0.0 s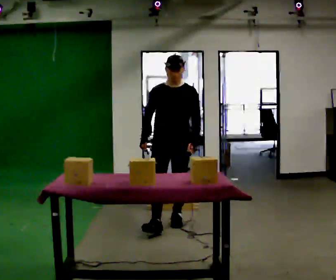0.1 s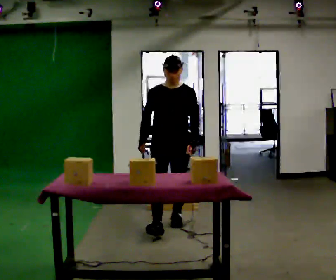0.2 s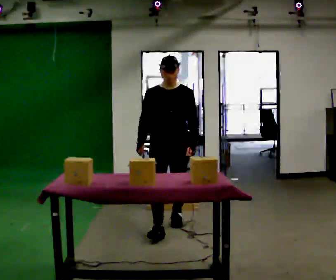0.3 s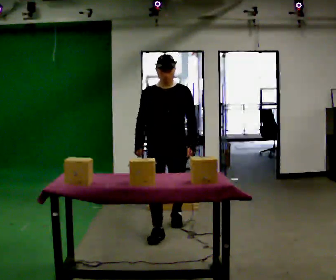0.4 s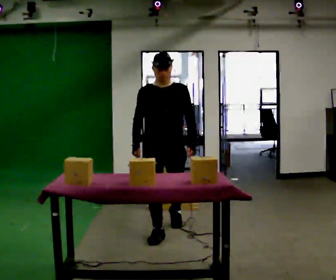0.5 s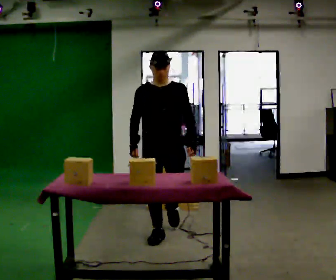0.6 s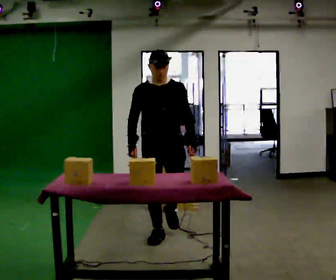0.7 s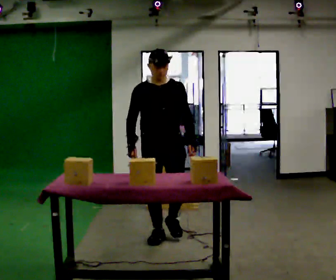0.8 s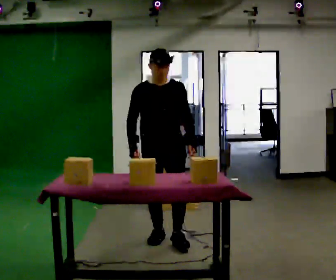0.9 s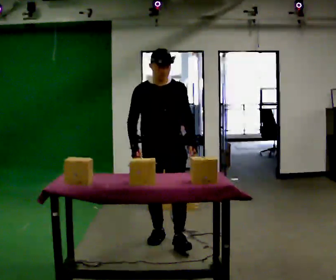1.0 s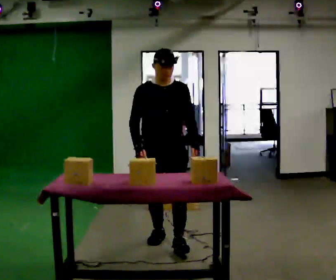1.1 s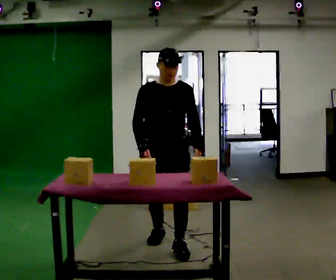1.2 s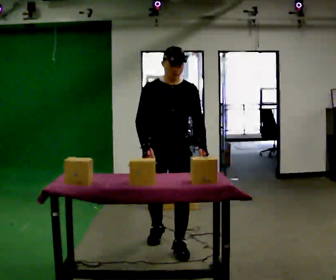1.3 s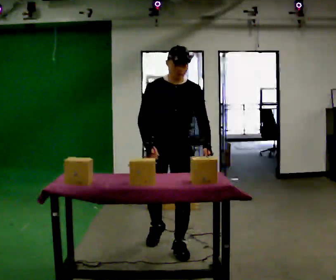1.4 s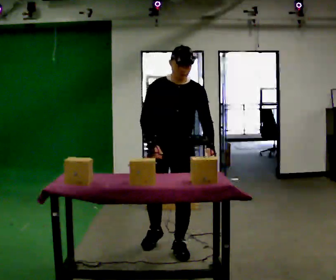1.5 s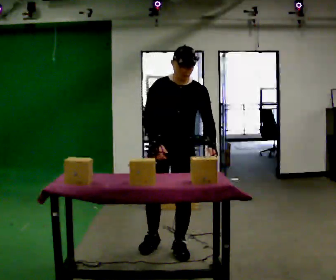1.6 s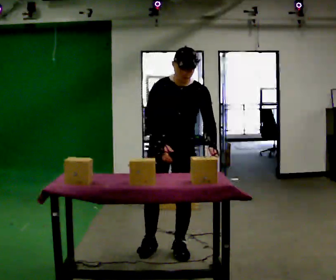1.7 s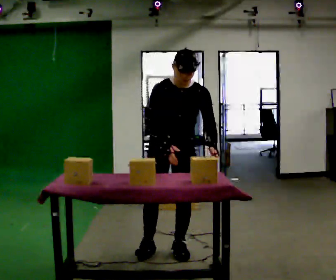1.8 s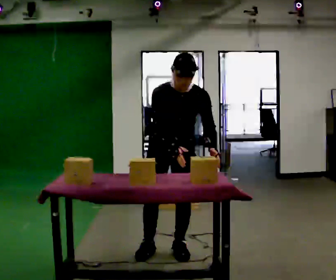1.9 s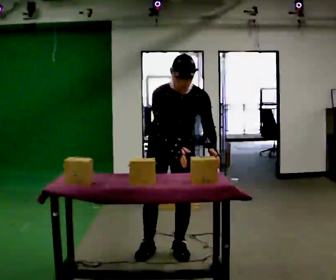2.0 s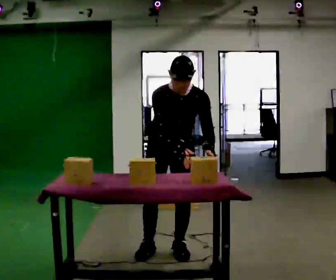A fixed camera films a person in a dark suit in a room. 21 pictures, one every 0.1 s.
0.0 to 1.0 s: In the picture they go toward the camera, about 0.5 m in 2 steps, which for them is forward.
1.0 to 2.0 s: In the picture they go toward the camera, about 0.25 m in 1 step, which for them is forward. The upper body tips toward the camera, its near side rolling downward, as they bend forward. In the picture their right hand goes to the right.
The film runs forward here.
